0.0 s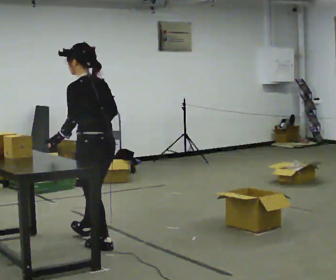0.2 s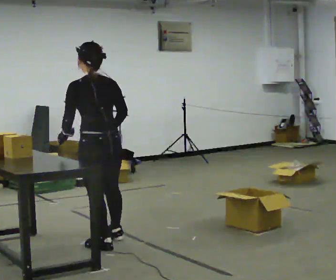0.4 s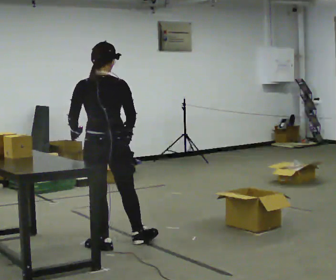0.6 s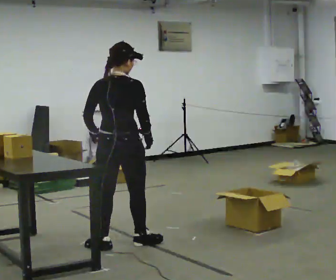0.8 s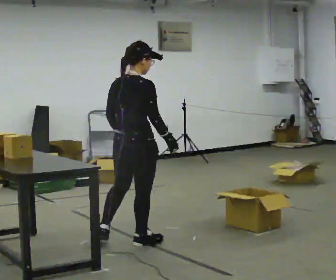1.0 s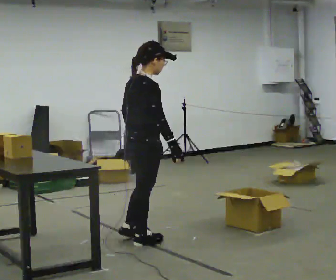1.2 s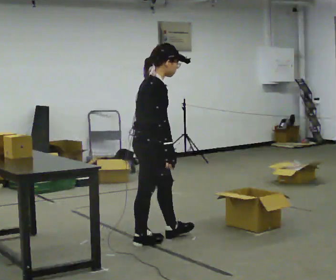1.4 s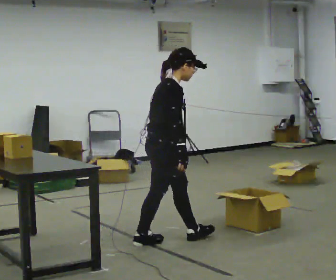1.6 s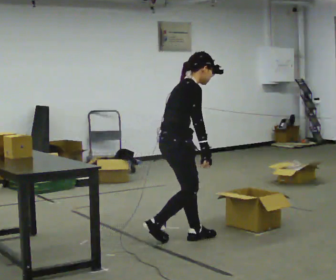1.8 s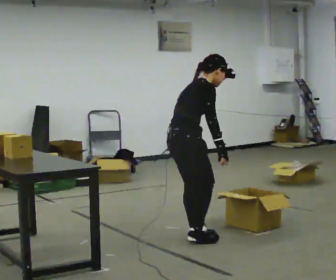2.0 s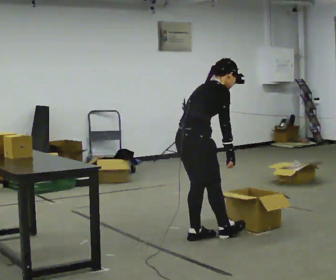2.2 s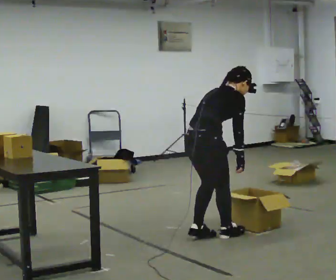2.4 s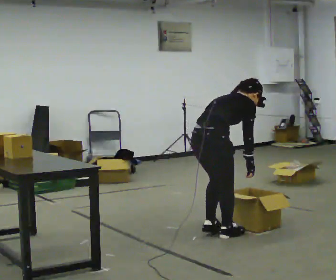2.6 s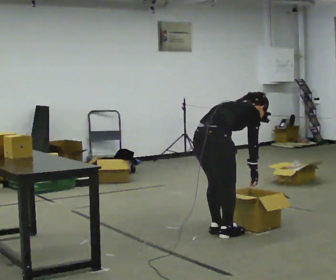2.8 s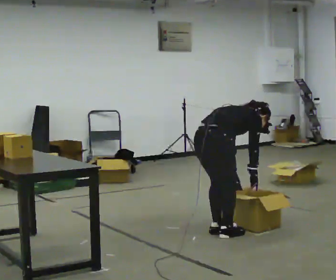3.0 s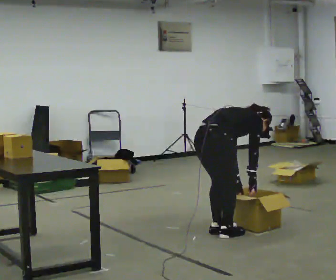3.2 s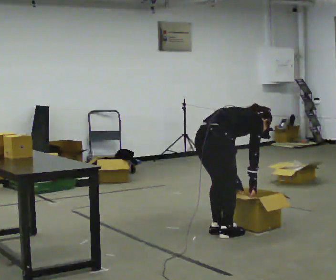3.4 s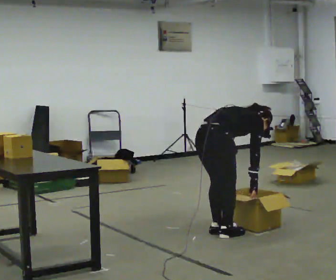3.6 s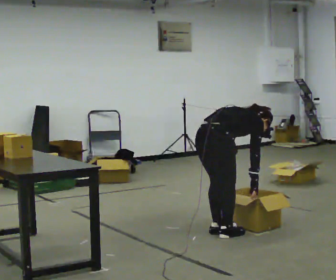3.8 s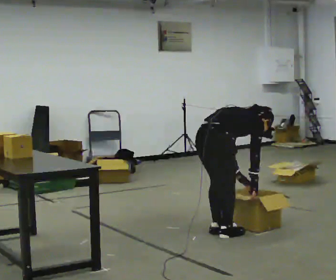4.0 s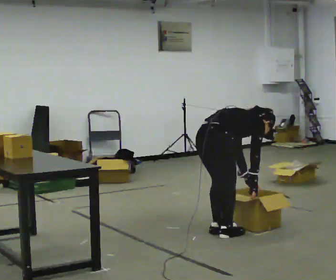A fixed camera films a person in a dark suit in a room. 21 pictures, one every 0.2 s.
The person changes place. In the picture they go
to the right.
Their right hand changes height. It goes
downward.
0.0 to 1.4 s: Seen from above the body turns clockwise, about 135 degrees: to their right, with its near side sliding to the left. In the picture they go to the right, about 0.5 m in 2 steps. In the picture the upper body tilts clockwise, shoulders to the right.
1.4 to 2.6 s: The part of the body nearest the lens slides to the right as the person turns to their left by about 30 degrees. In the picture they go to the right, about 0.5 m in 2 steps, which for them is forward. The upper body goes downward. The upper body tips away from the camera, its near side rolling upward, as they bend forward.
2.6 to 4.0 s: In the picture the upper body tilts clockwise, shoulders to the right, as they bend forward.
The film runs forward here.
